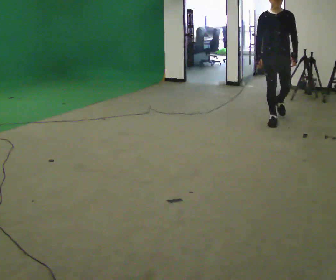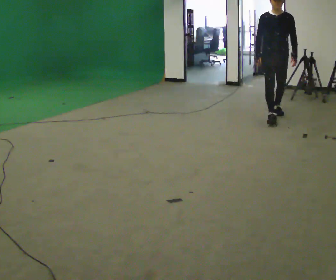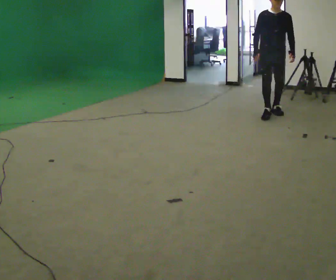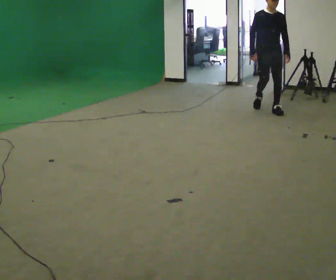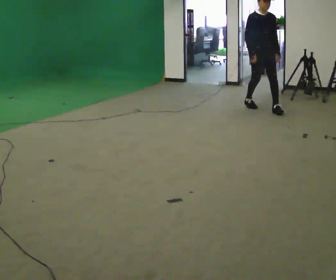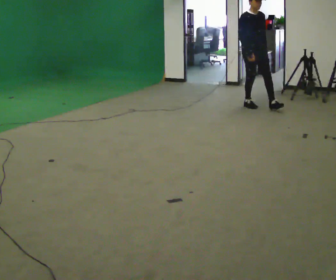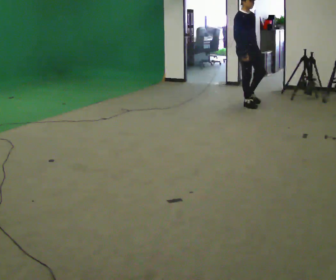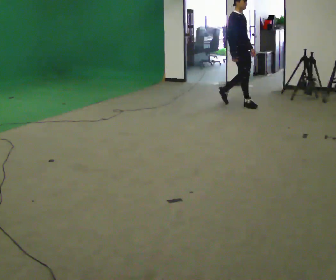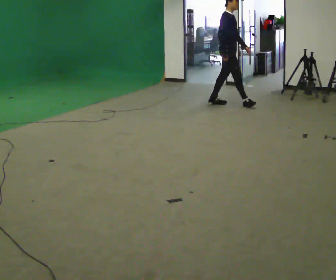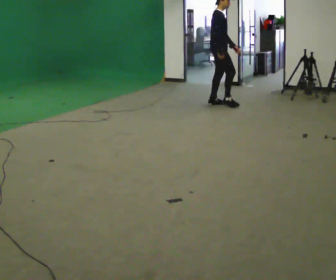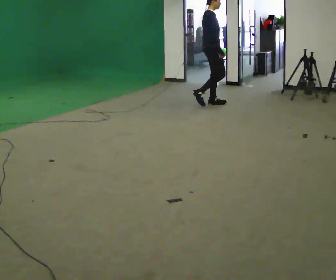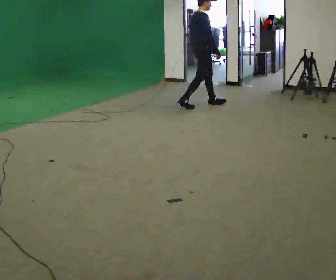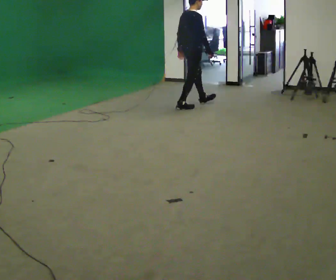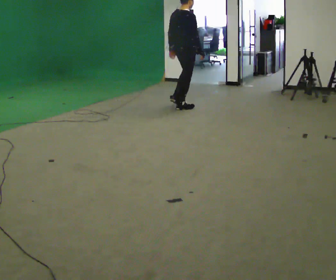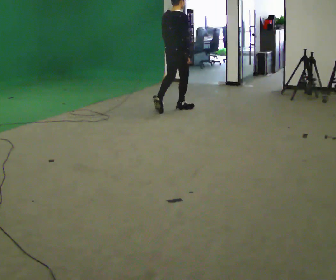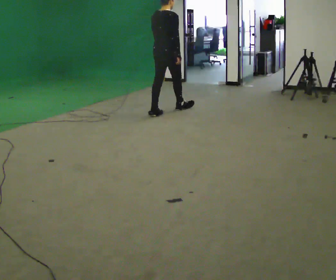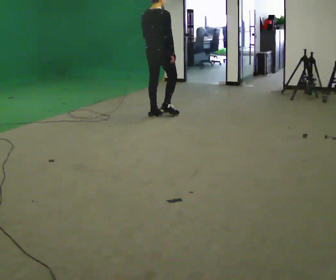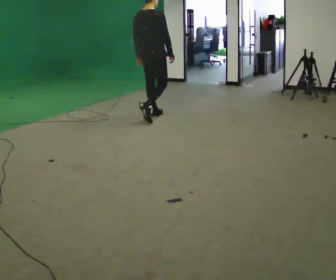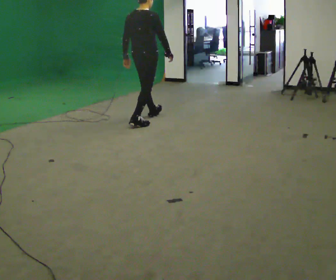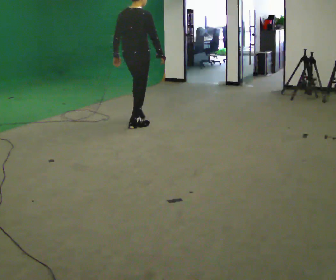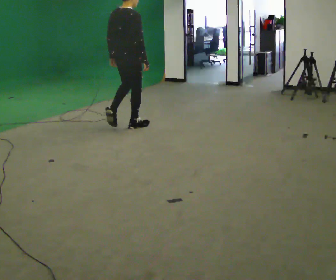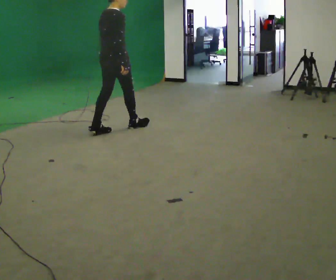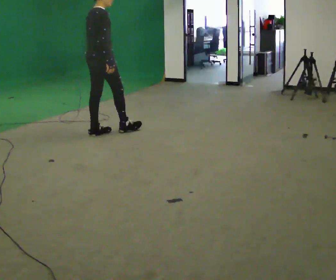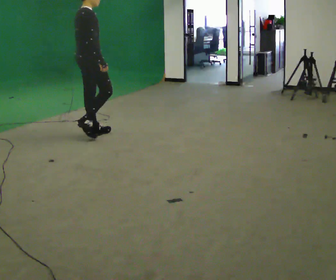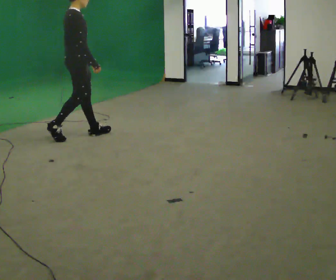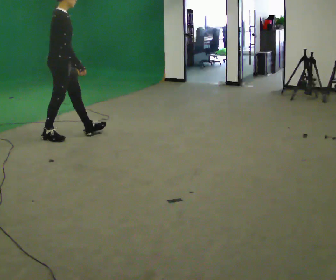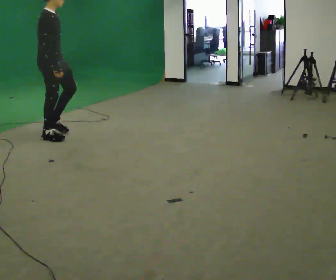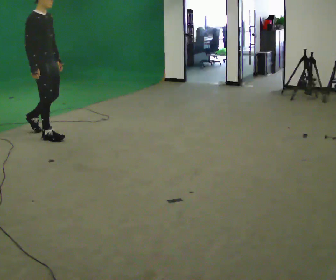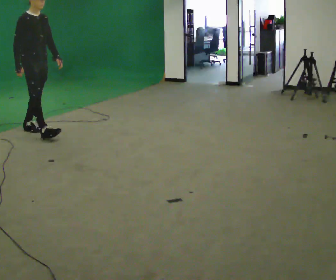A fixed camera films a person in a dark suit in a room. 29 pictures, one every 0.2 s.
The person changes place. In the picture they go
to the left.
0.0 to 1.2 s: The part of the body nearest the lens slides to the right as the person turns to their left by about 45 degrees. In the picture they go away from the camera, about 1 m in 2 steps, which for them is backward.
1.2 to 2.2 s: The person turns about 60 degrees to their left, counterclockwise seen from above, so the part of the body nearest the lens slides to the right. In the picture they go to the left, about 0.75 m in 1 step.
2.2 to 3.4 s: The part of the body nearest the lens slides to the right as the person turns to their left by about 45 degrees. In the picture they go toward the camera and to the left, about 1 m in 2 steps, which for them is backward.
3.4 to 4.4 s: In the picture they go toward the camera and to the left, about 1 m in 2 steps, which for them is backward.
4.4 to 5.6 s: The part of the body nearest the lens slides to the left as the person turns to their right by about 60 degrees. In the picture they go to the left, about 1 m in 2 steps.
The film runs backward here.
